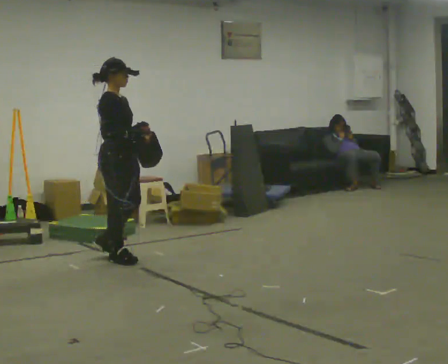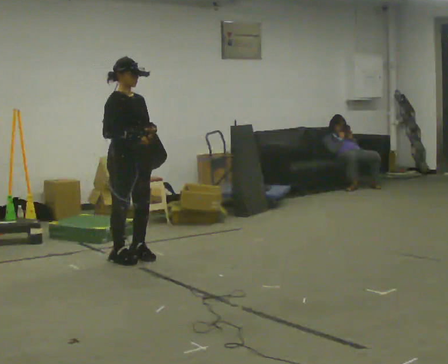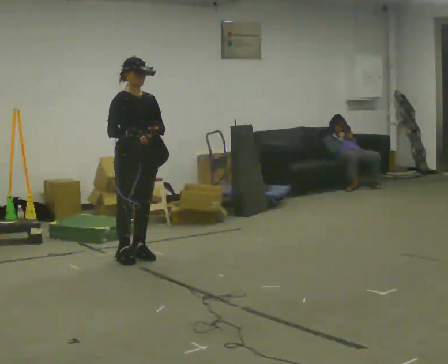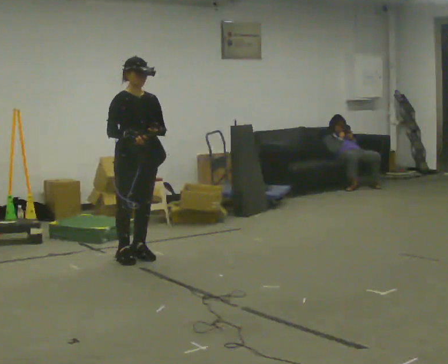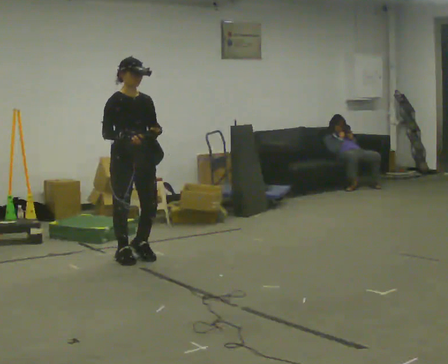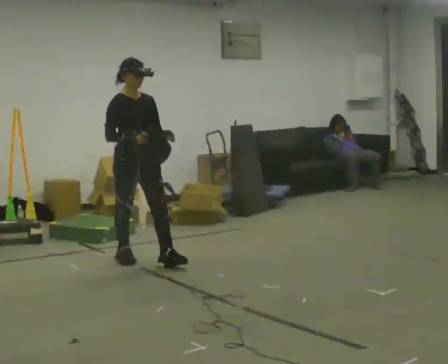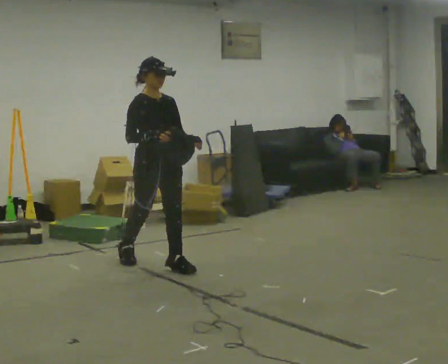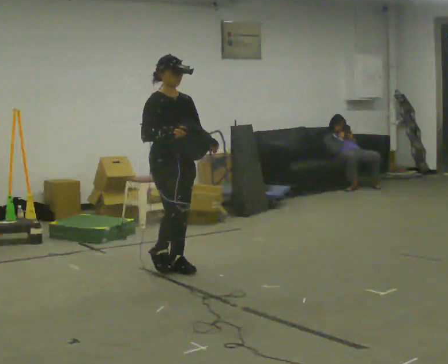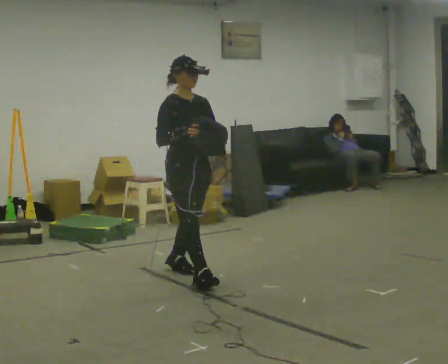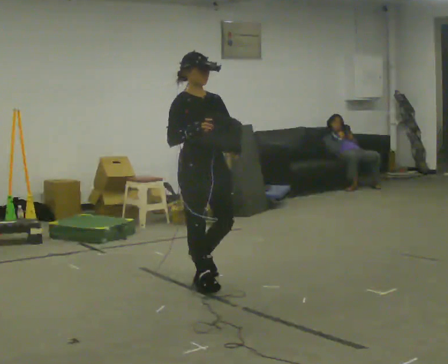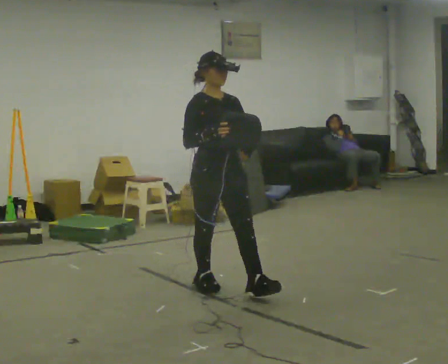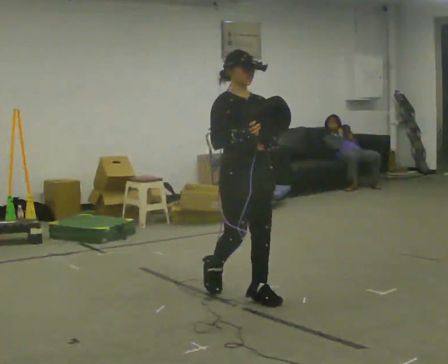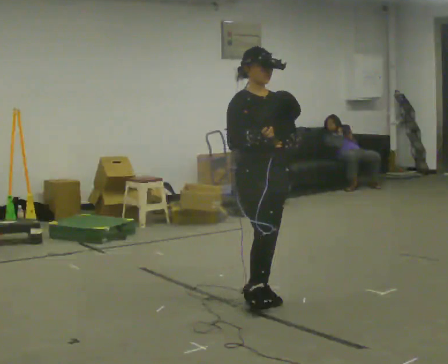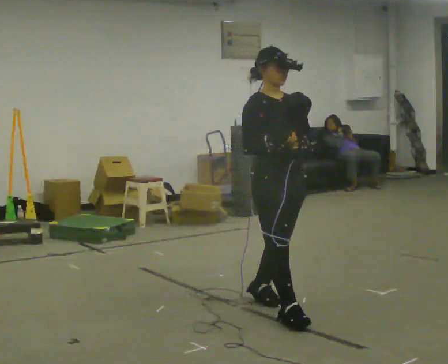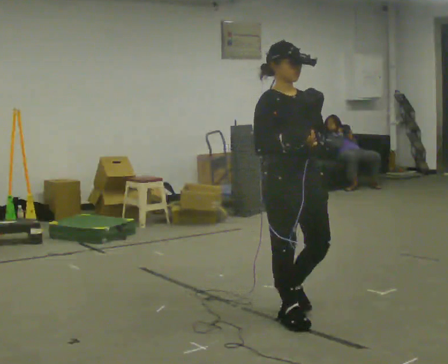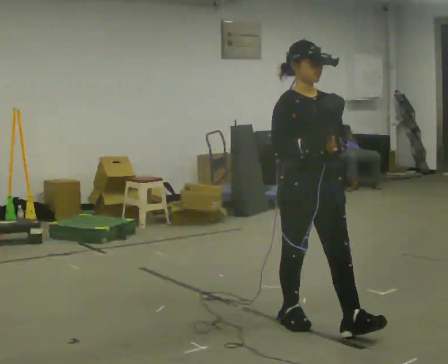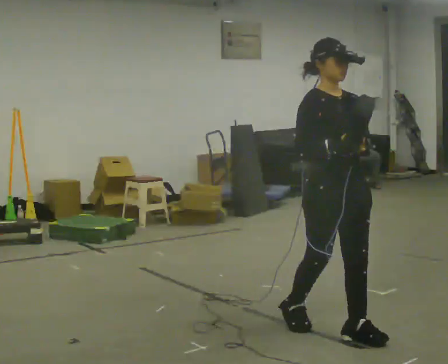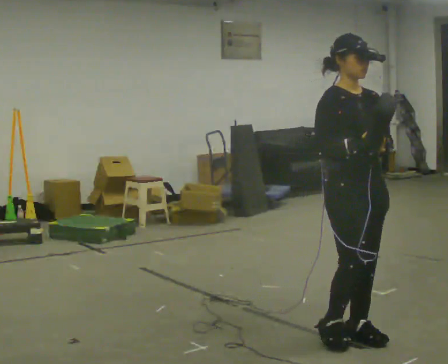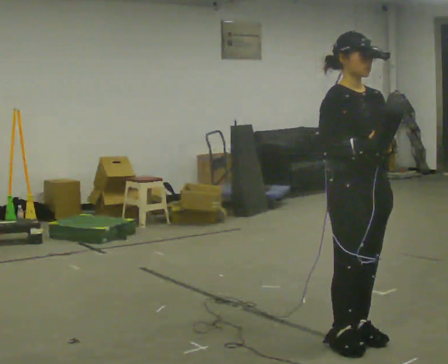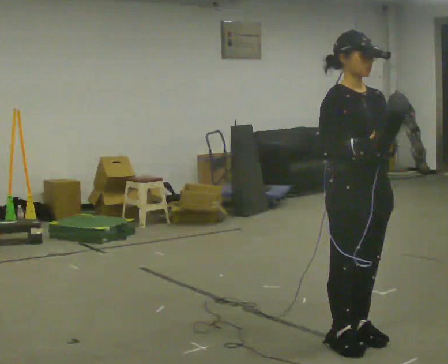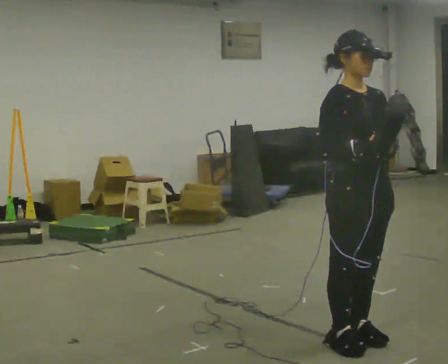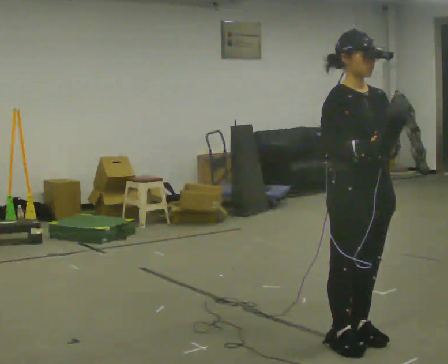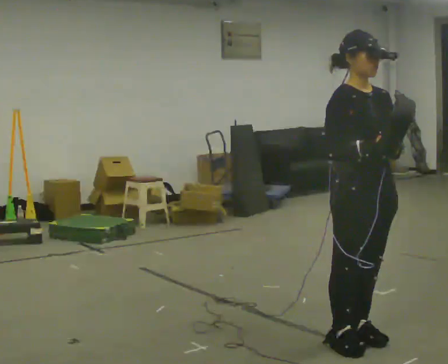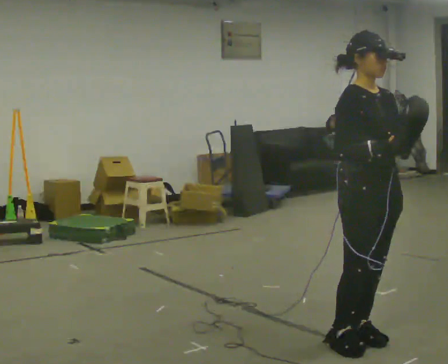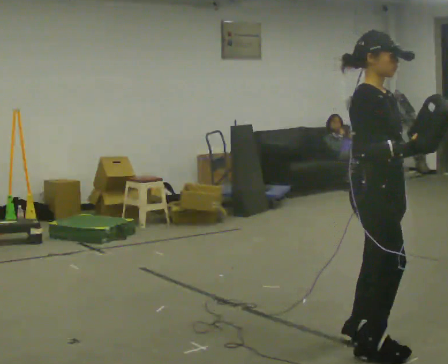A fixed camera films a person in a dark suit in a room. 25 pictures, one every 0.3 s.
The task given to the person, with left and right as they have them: Carry the bag and, while walking, undo the buckle or zip, then do it up again. Keep repeating as you walk. Do not stop.
0.0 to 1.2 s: The part of the body nearest the lens slides to the left as the person turns to their right by about 45 degrees.
1.2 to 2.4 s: In the picture they go to the right and toward the camera, about 0.75 m in 2 steps, which for them is forward.
2.4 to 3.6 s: In the picture they go toward the camera and to the right, about 1 m in 1 step, which for them is forward.
3.6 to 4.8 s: In the picture they go toward the camera and to the right, about 0.5 m in 2 steps, which for them is forward.
4.8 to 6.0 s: In the picture they go toward the camera, about 0.25 m in 1 step, which for them is forward.
6.0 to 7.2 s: The person turns about 30 degrees to their left, counterclockwise seen from above, so the part of the body nearest the lens slides to the right.
The film runs forward here.
